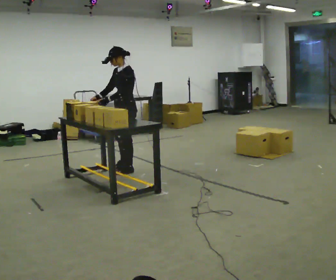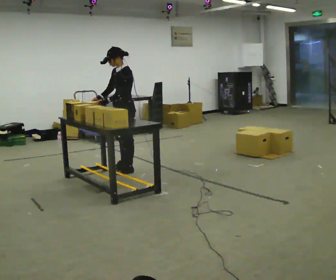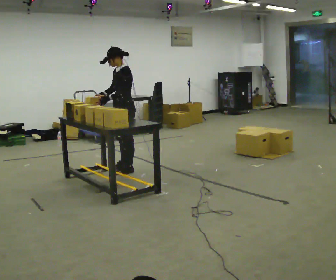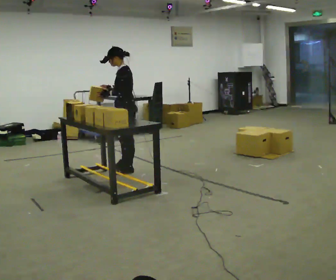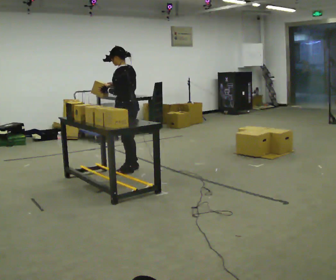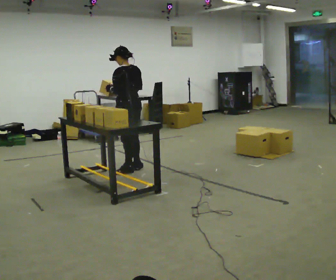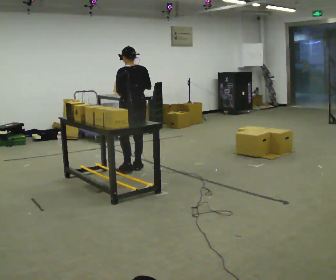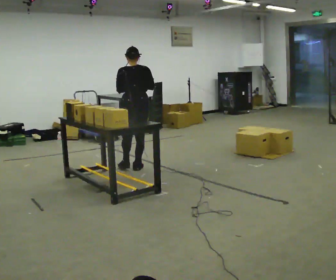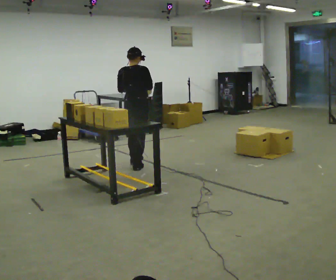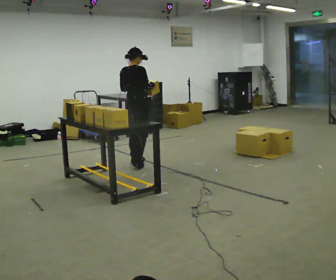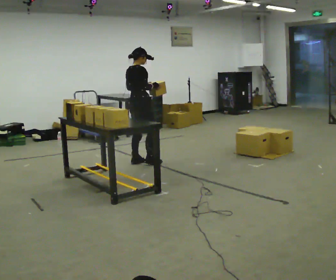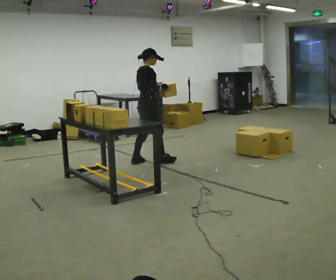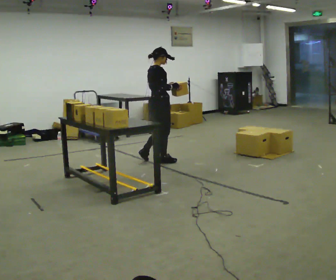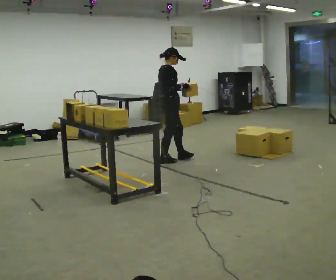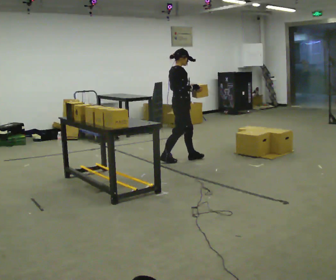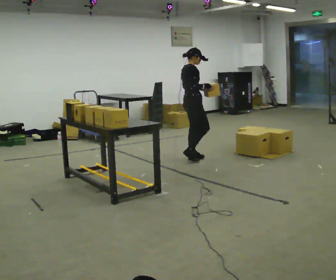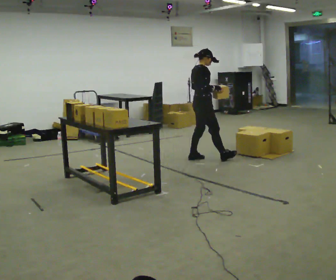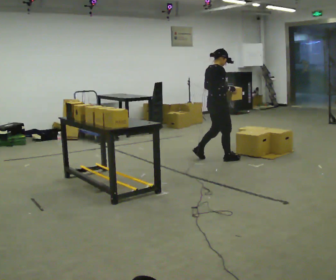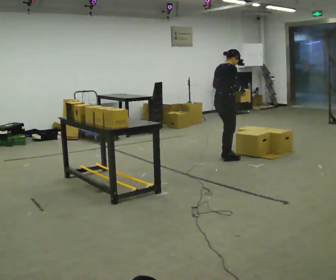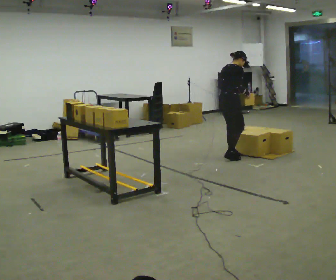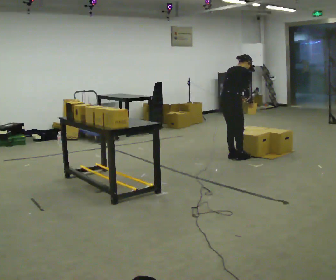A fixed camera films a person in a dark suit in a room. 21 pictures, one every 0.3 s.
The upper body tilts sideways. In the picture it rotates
clockwise.
The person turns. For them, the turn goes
to their right.
0.0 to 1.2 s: The person turns about 45 degrees to their right, clockwise seen from above, so the part of the body nearest the lens slides to the left.
1.2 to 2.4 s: The part of the body nearest the lens slides to the left as the person turns to their right by about 90 degrees. In the picture they go away from the camera, about 0.25 m. In the picture their right hand goes to the right.
2.4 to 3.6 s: The person turns about 45 degrees to their right, clockwise seen from above, so the part of the body nearest the lens slides to the left. In the picture they go to the right and away from the camera, about 0.25 m in 2 steps, which for them is forward.
3.6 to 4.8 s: In the picture they go to the right, about 0.5 m in 1 step, which for them is forward.
4.8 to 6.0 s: In the picture they go to the right, about 0.5 m in 3 steps, which for them is forward and to their right. In the picture the upper body tilts clockwise, shoulders to the right, as they bend forward.
The film runs forward here.
